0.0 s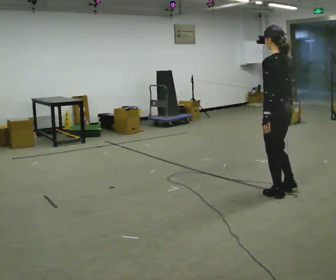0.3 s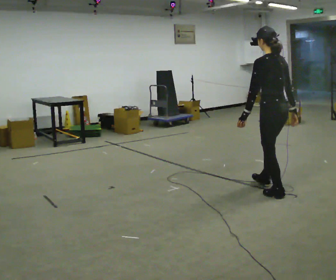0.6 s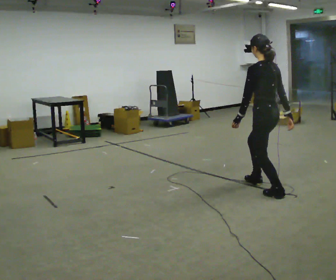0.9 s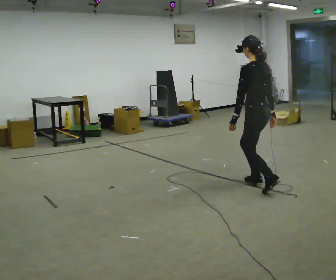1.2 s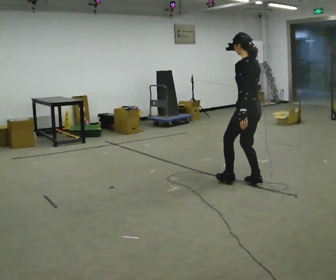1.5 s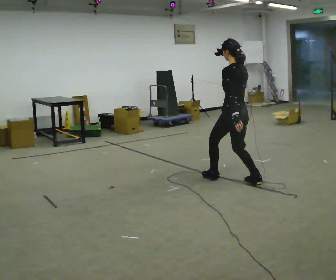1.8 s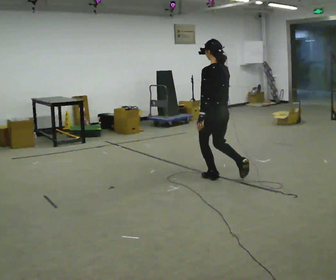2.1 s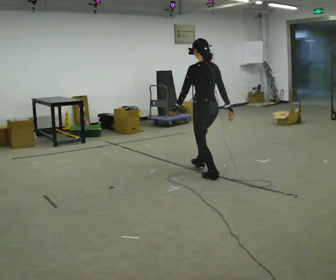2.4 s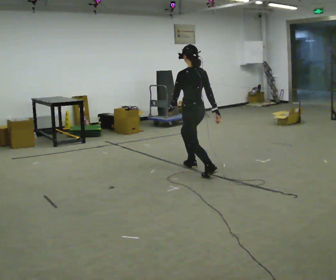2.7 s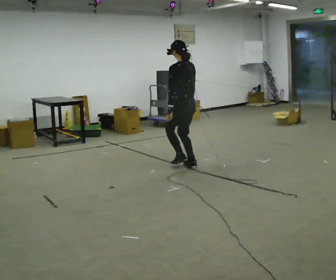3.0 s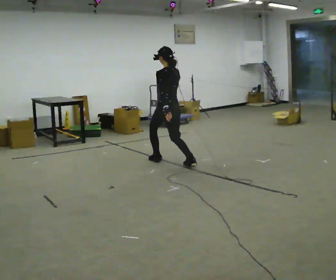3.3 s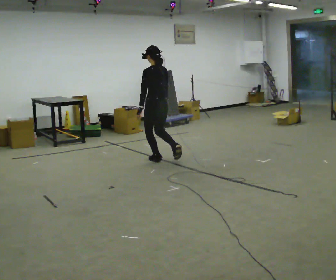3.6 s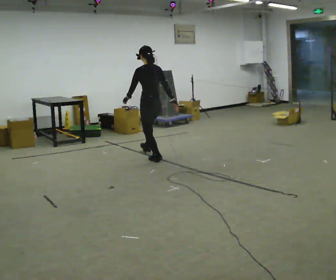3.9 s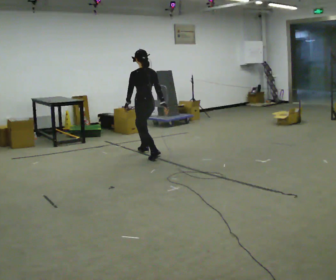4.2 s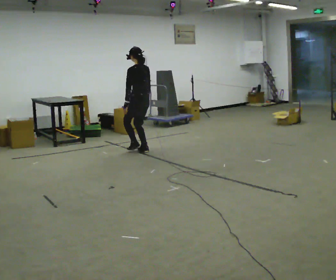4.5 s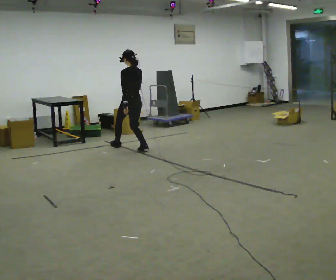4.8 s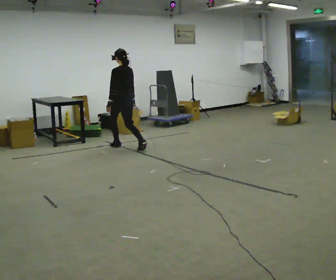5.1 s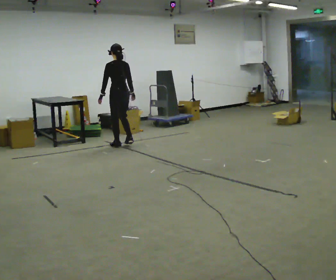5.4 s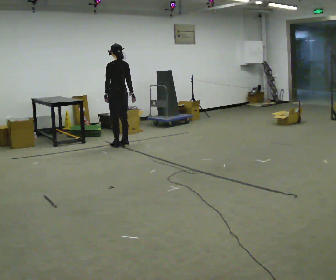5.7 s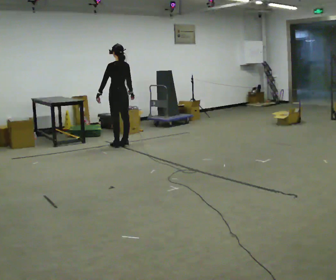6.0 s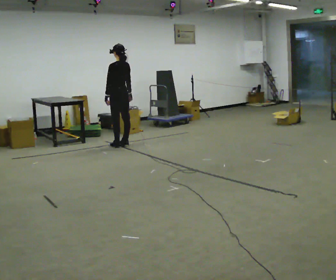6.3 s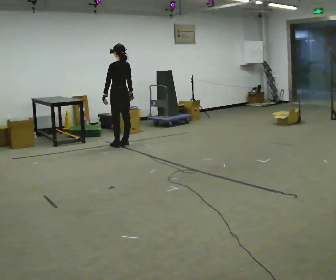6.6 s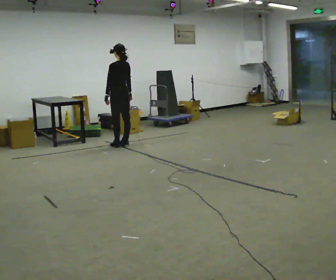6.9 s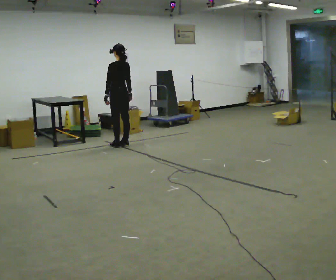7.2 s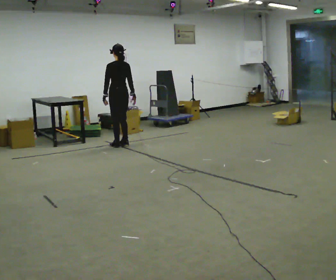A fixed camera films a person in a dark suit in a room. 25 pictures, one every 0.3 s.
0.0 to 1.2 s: In the picture they go away from the camera, about 0.5 m in 1 step, which for them is forward.
1.2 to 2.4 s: In the picture they go away from the camera and to the left, about 1 m in 2 steps, which for them is forward.
2.4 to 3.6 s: In the picture they go away from the camera and to the left, about 1 m in 1 step, which for them is forward.
3.6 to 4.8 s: In the picture they go away from the camera and to the left, about 1 m in 2 steps, which for them is forward.
4.8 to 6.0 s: In the picture they go away from the camera, about 0.25 m in 1 step, which for them is forward.
6.0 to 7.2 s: The person moves a little, or ends about where they began.
The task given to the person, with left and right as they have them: Walk forward in a lowered crouched posture at a comfortable speed; do not go lower than is comfortable; stop.
The film runs forward here.
